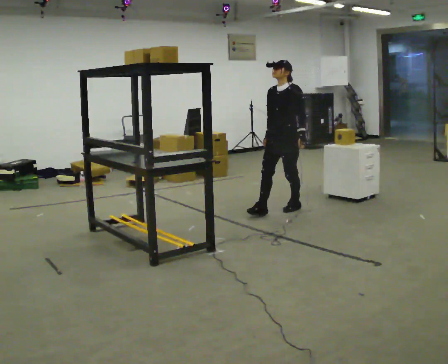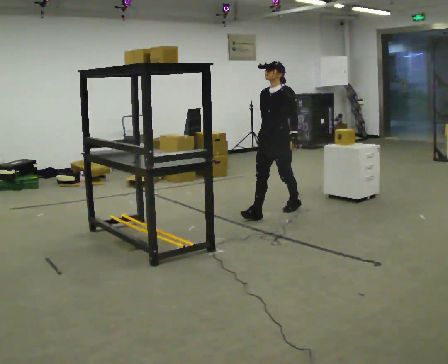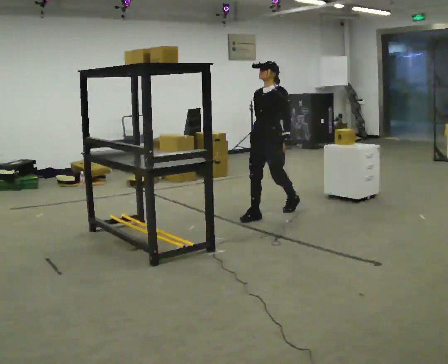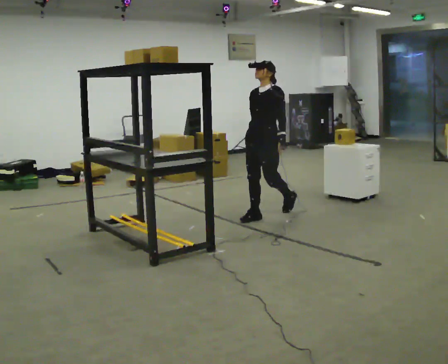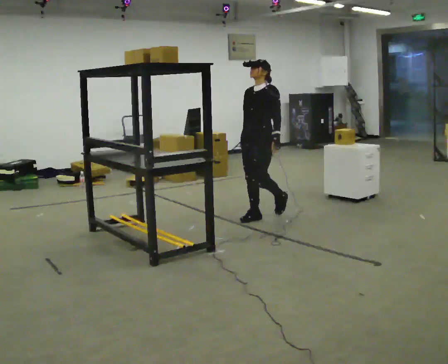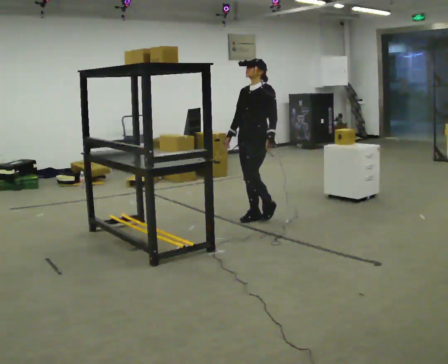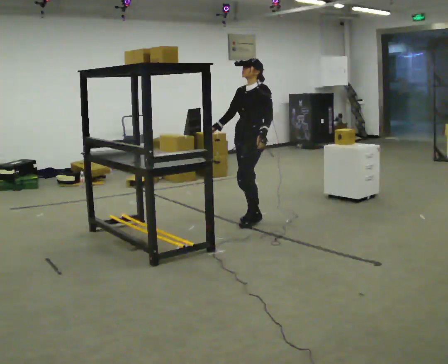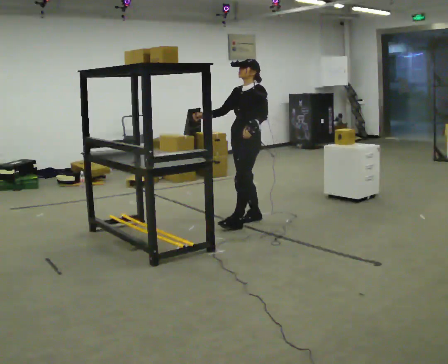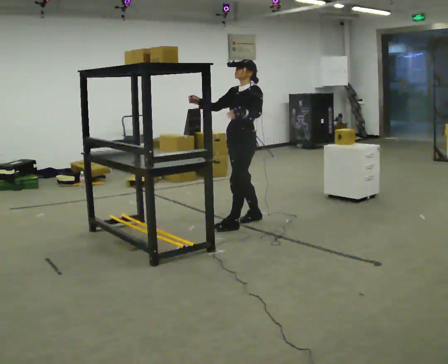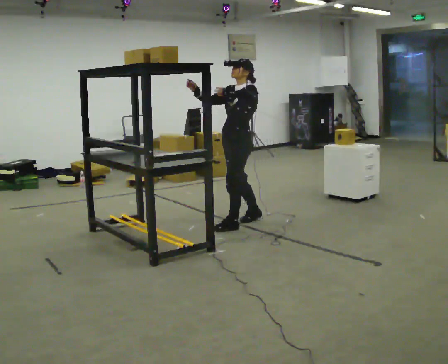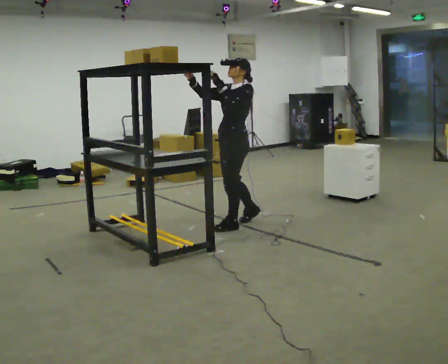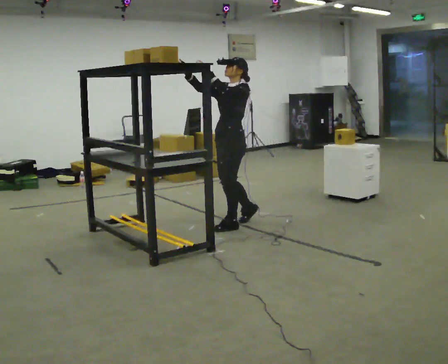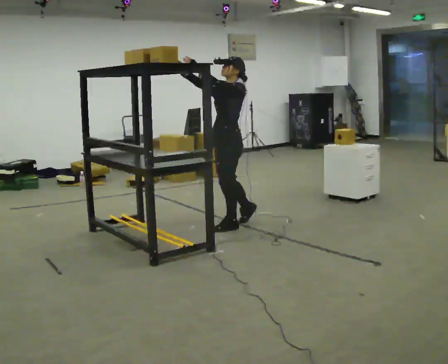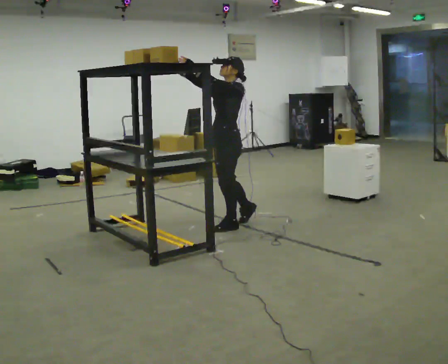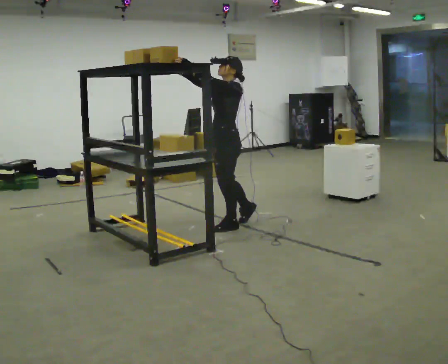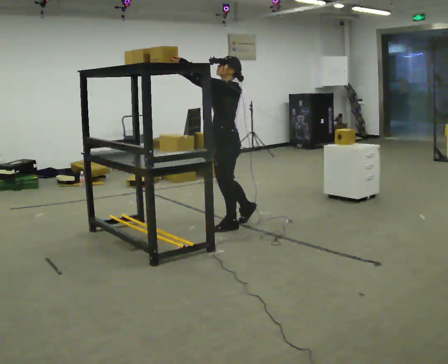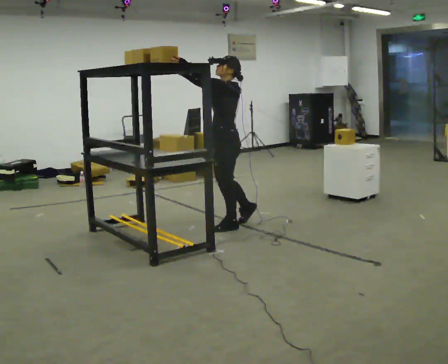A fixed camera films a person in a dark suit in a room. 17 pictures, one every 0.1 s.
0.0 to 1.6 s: The part of the body nearest the lens slides to the left as the person turns to their right by about 30 degrees. In the picture they go to the left and toward the camera, about 1 m in 2 steps, which for them is forward. In the picture their right hand goes upward, the arm swinging clockwise.
The film runs forward here.
